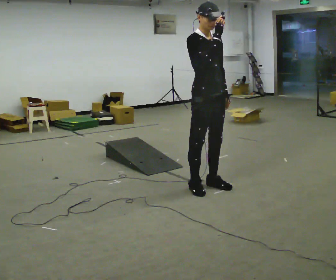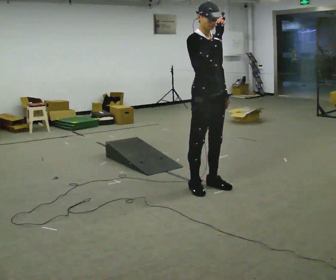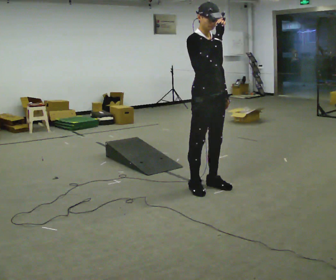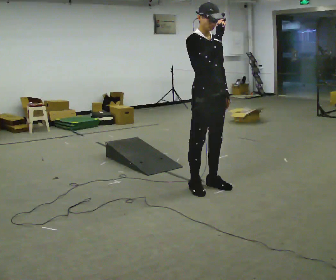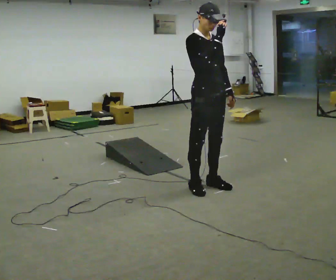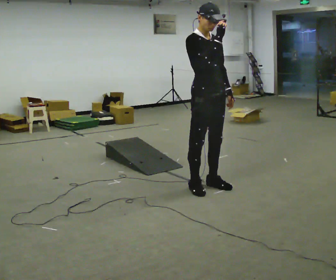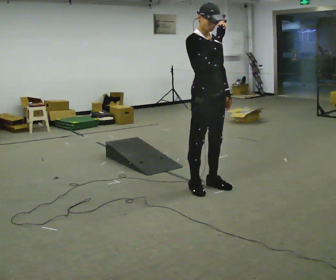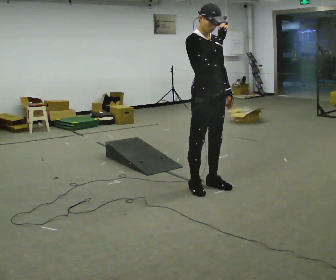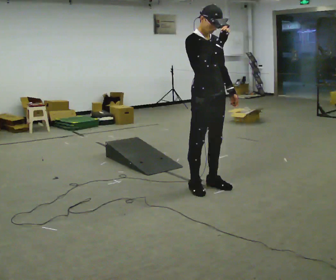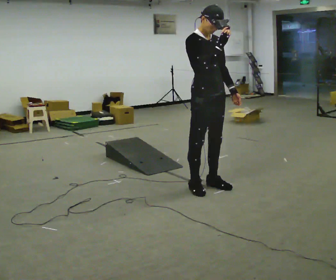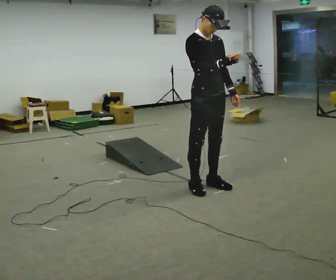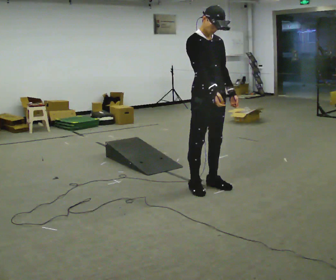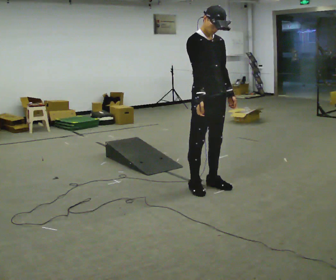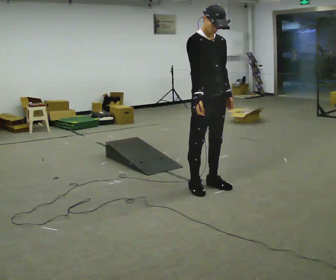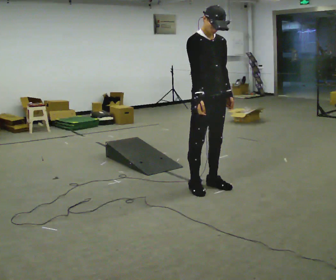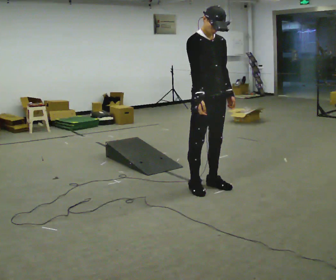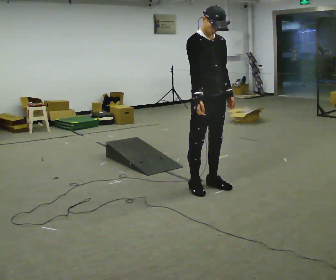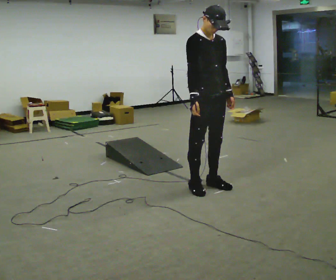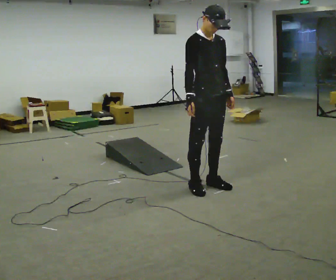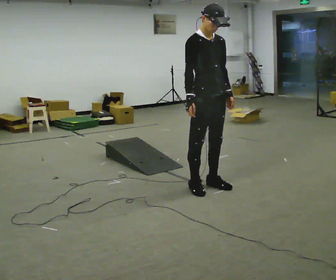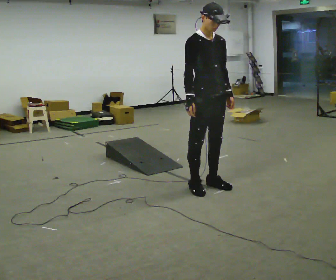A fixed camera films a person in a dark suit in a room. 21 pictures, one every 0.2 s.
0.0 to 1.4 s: The person moves a little, or ends about where they began.
1.4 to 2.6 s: In the picture their right hand goes downward.
2.6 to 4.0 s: The person moves a little, or ends about where they began.
The film runs forward here.
